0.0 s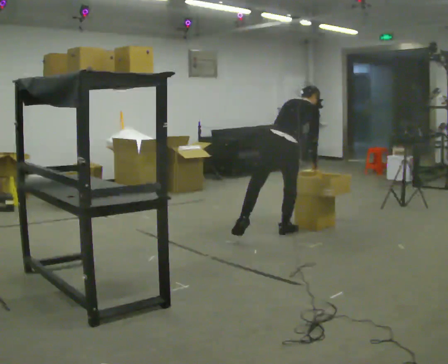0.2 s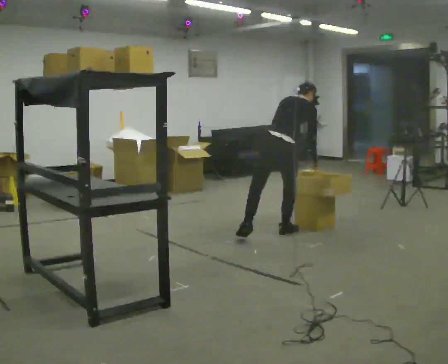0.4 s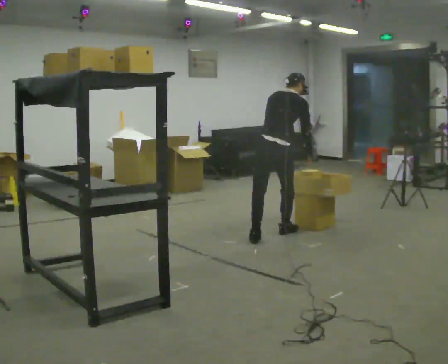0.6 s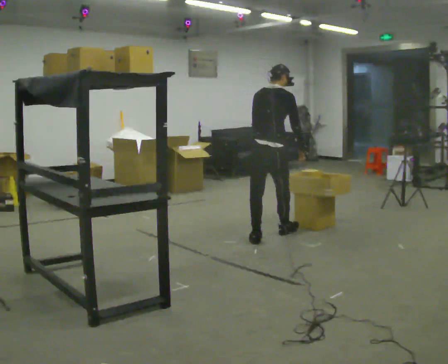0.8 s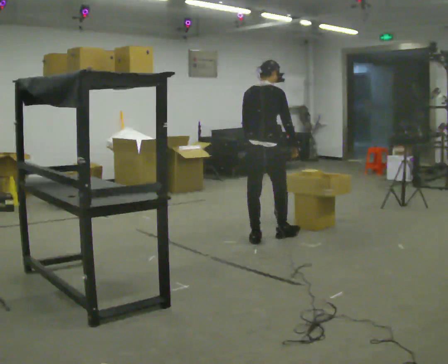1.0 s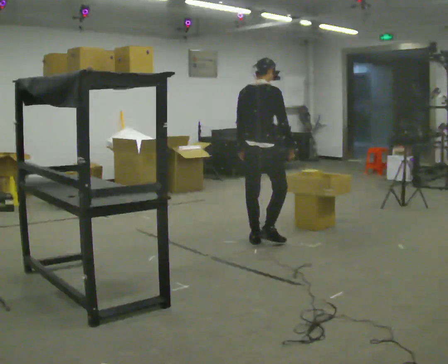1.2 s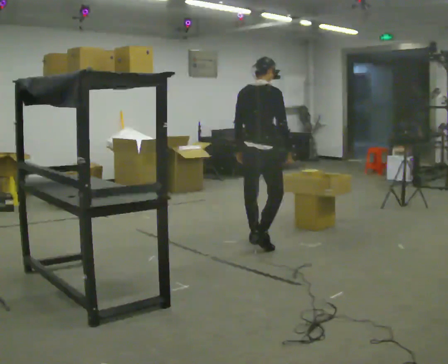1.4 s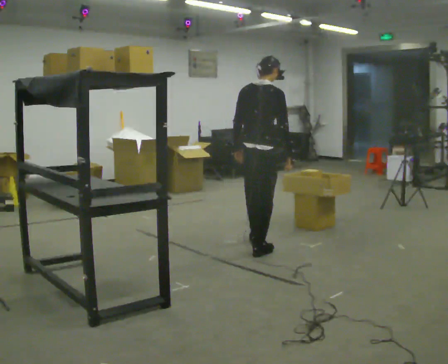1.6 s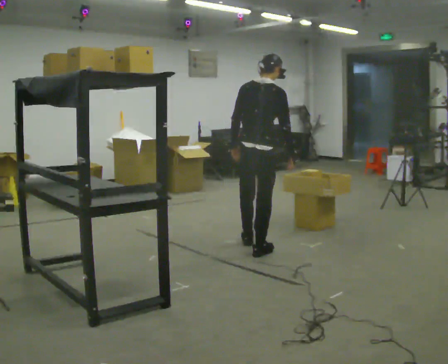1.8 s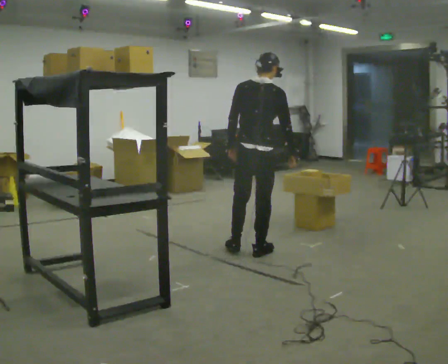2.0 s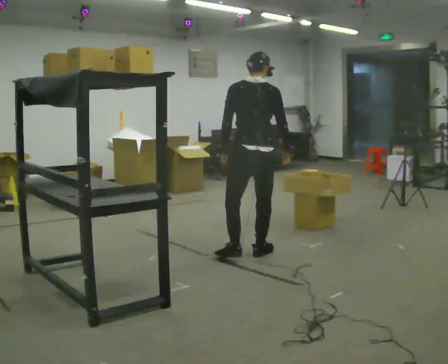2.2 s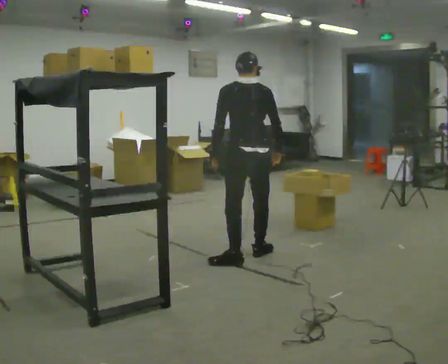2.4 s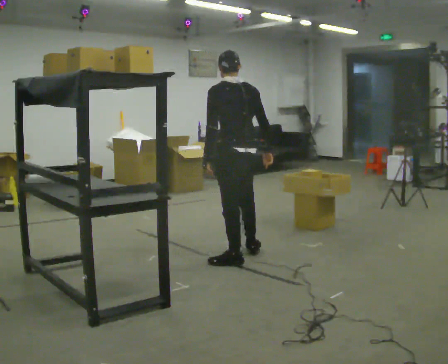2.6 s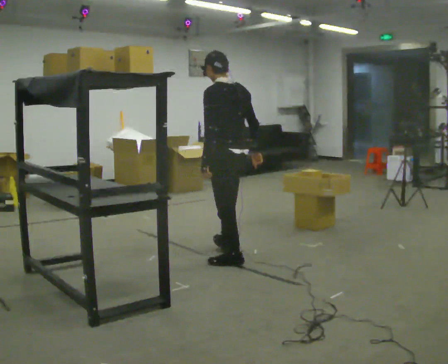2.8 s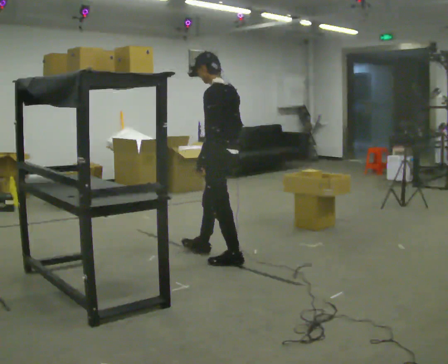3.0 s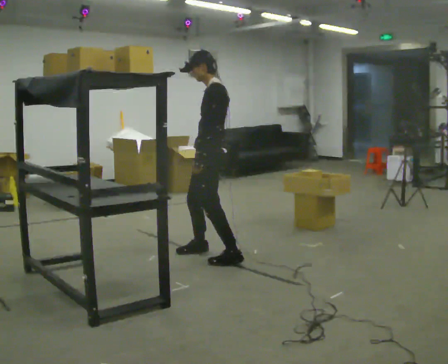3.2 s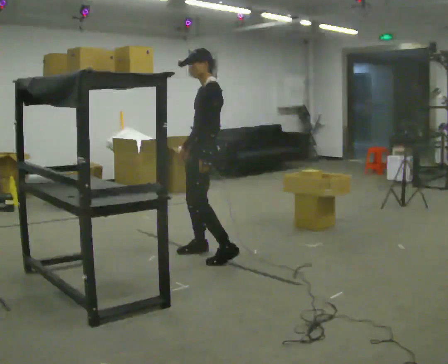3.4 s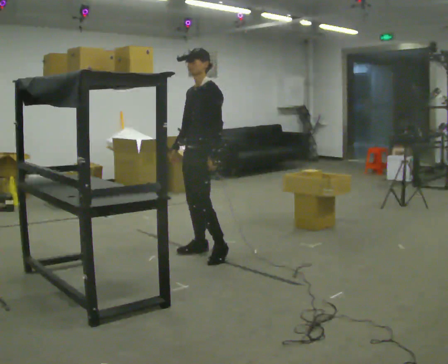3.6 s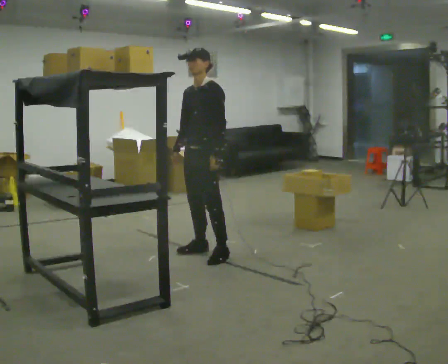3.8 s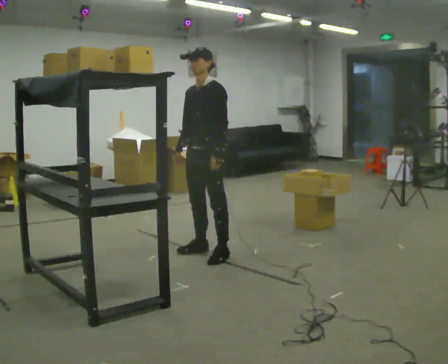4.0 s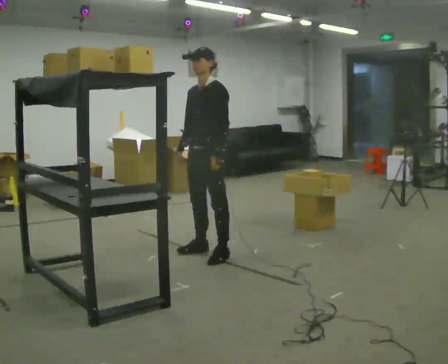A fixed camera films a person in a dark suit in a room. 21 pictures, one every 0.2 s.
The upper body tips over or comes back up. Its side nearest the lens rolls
downward.
The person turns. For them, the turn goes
to their left.
0.0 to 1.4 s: In the picture they go toward the camera and to the left, about 0.5 m in 1 step, which for them is backward. The shoulders move upward. The upper body tips toward the camera, its near side rolling downward, as they lean back or straighten.
1.4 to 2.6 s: Seen from above the body turns counterclockwise, about 75 degrees: to their left, with its near side sliding to the right. In the picture they go toward the camera and to the left, about 0.5 m in 2 steps.
2.6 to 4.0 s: The part of the body nearest the lens slides to the right as the person turns to their left by about 90 degrees. In the picture they go to the left and away from the camera, about 0.25 m in 1 step.
The film runs backward here.
